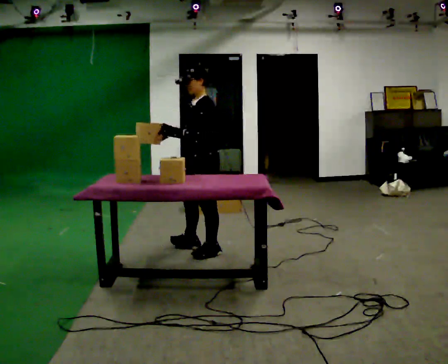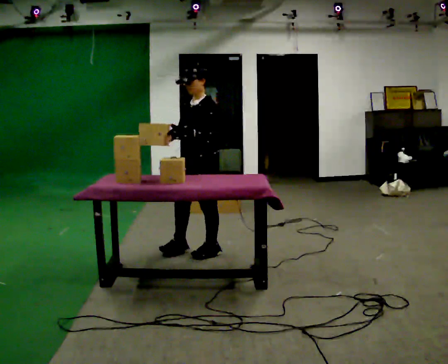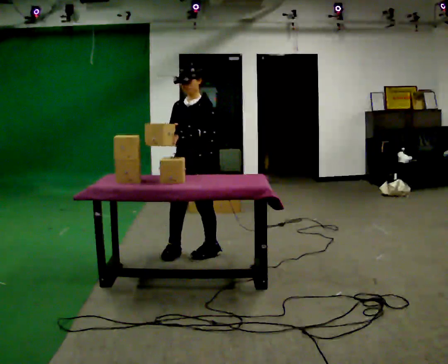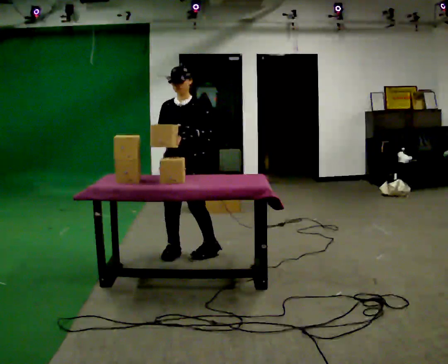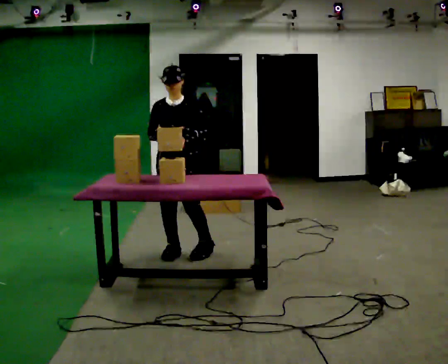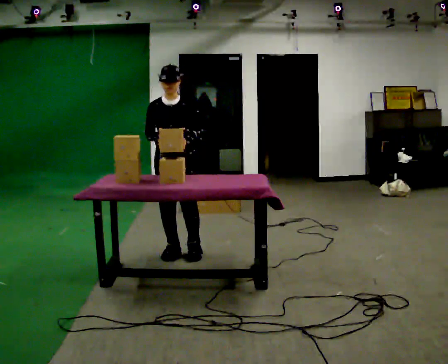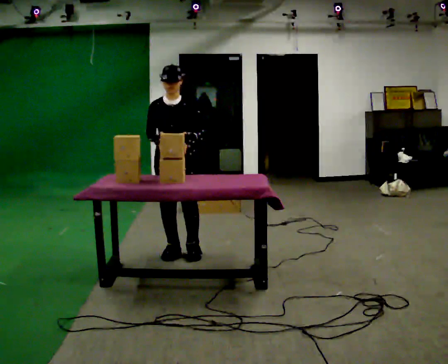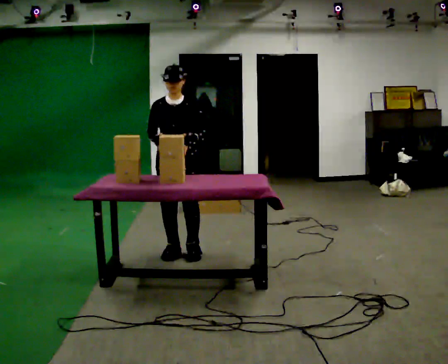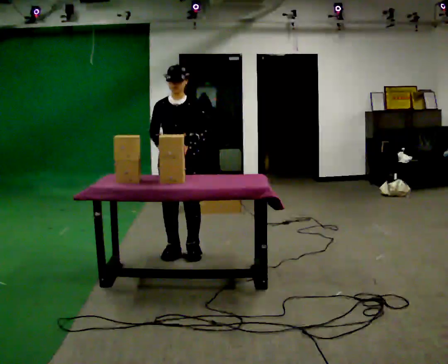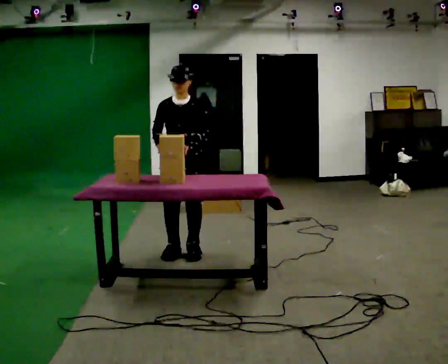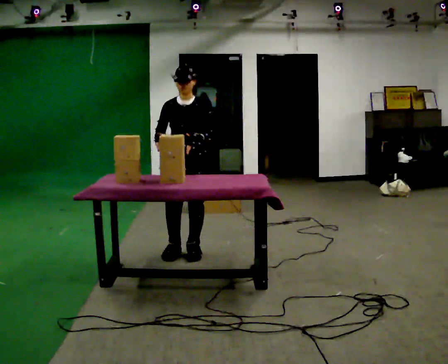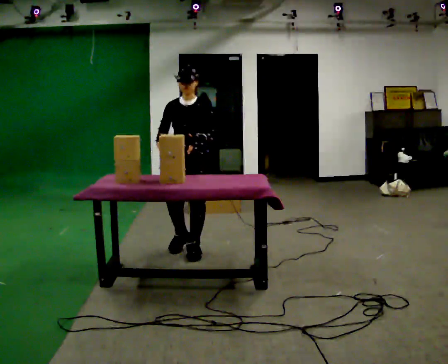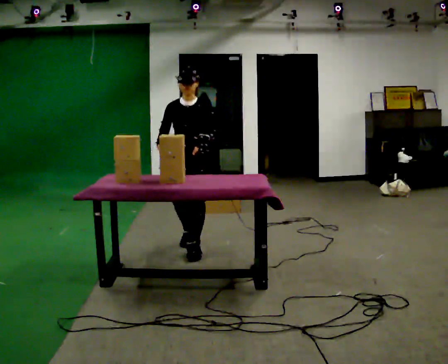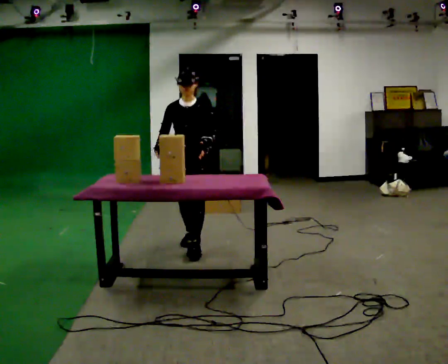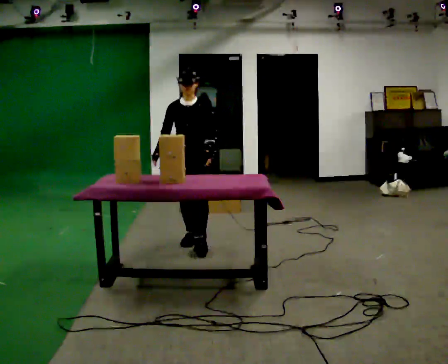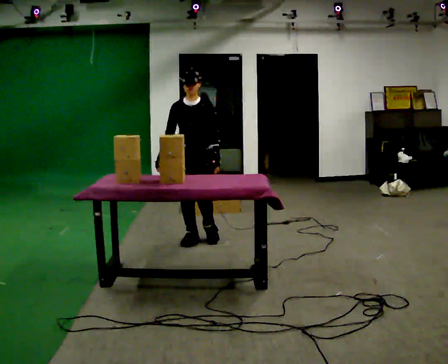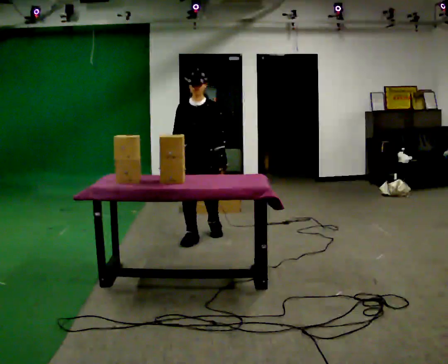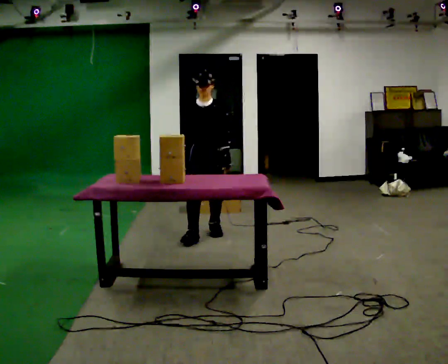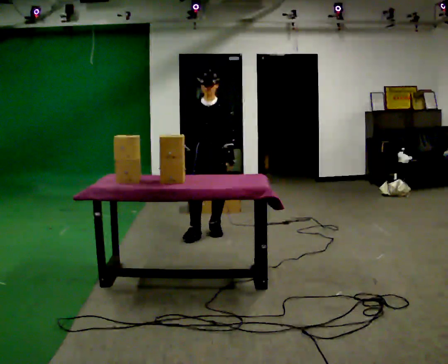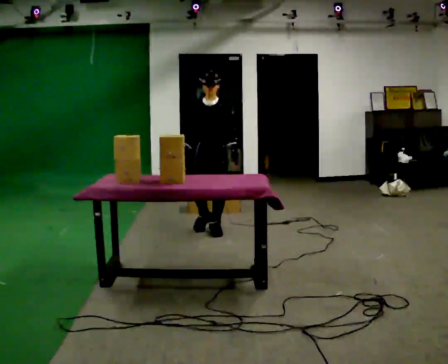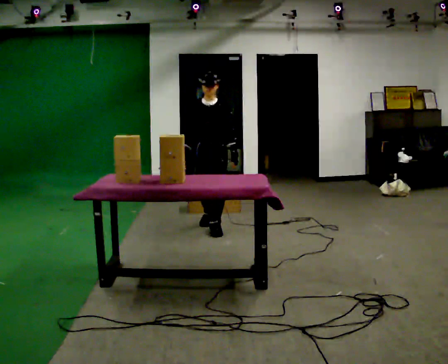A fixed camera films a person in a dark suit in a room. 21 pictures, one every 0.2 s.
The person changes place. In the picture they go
away from the camera.
The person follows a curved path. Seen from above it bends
clockwise.
0.0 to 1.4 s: Seen from above the body turns counterclockwise, about 75 degrees: to their left, with its near side sliding to the right. In the picture they go to the left, about 0.25 m in 1 step.
1.4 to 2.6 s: In the picture they go away from the camera, about 0.25 m in 1 step, which for them is backward.
2.6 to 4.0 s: In the picture they go away from the camera, about 0.5 m in 2 steps, which for them is backward.
The film runs backward here.
